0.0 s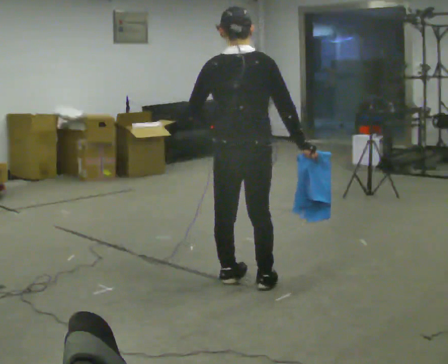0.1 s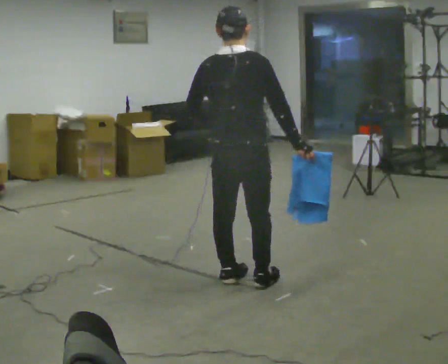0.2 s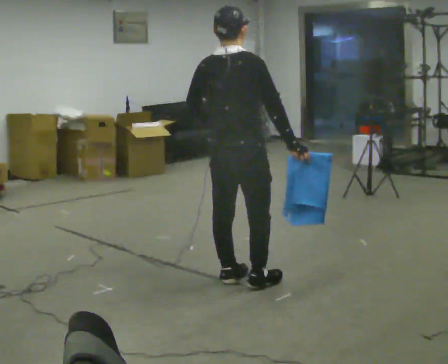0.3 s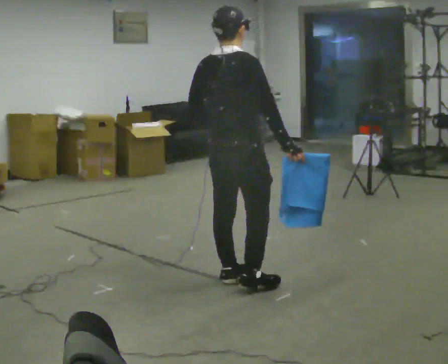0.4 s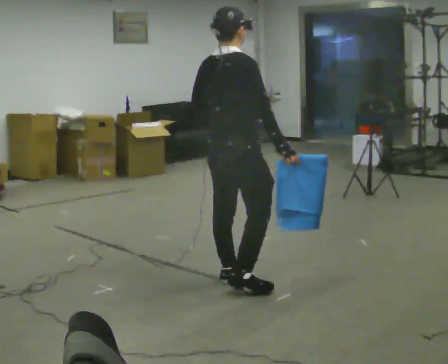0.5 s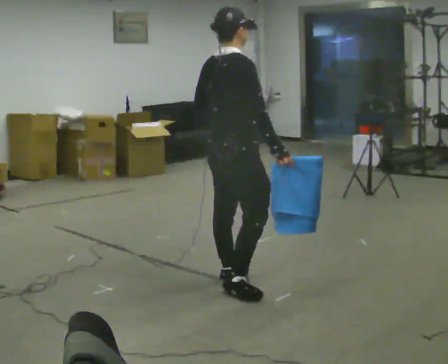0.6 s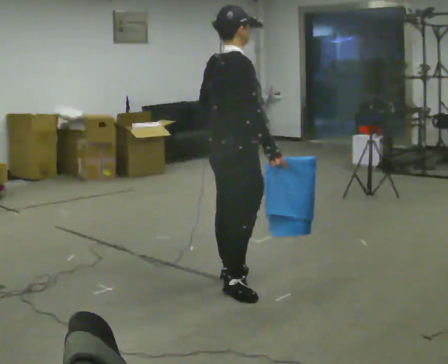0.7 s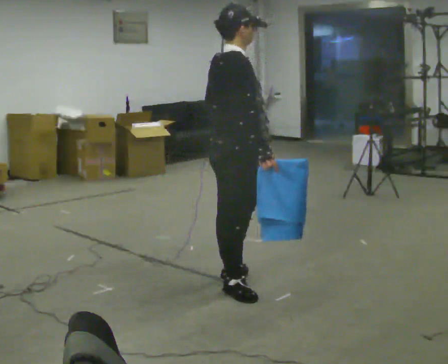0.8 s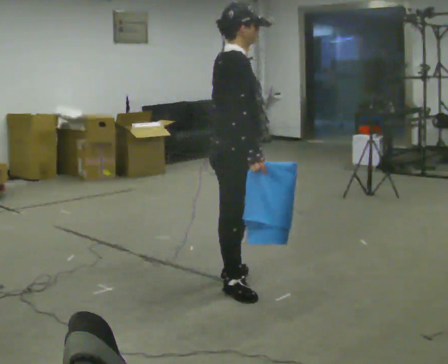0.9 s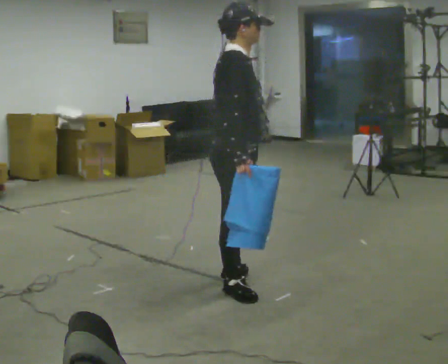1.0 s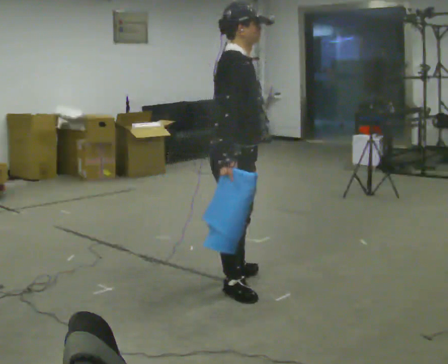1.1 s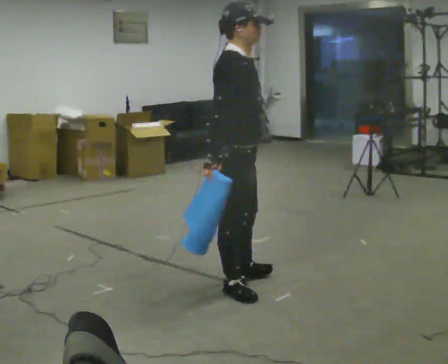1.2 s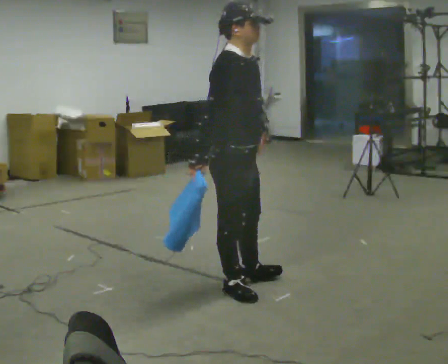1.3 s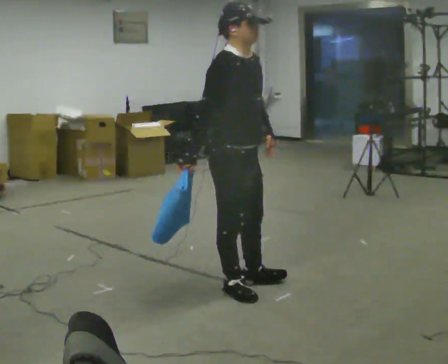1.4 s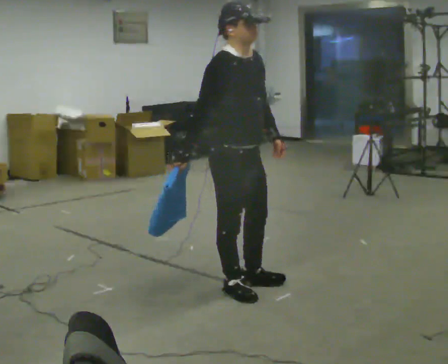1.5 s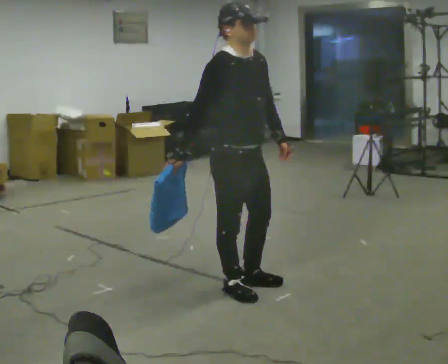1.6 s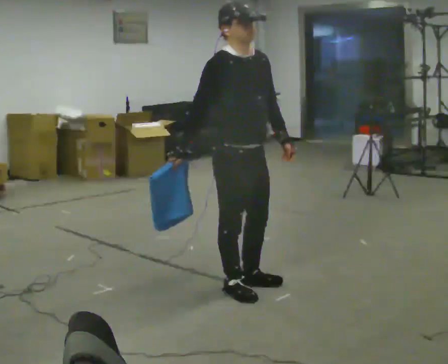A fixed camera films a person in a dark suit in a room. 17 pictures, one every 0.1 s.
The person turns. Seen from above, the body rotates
clockwise.
The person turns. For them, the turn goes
to their right.
0.0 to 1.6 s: Seen from above the body turns clockwise, about 135 degrees: to their right, with its near side sliding to the left. In the picture their right hand goes to the left, the arm swinging clockwise.
The film runs backward here.
